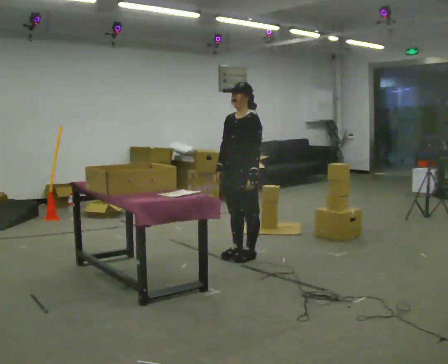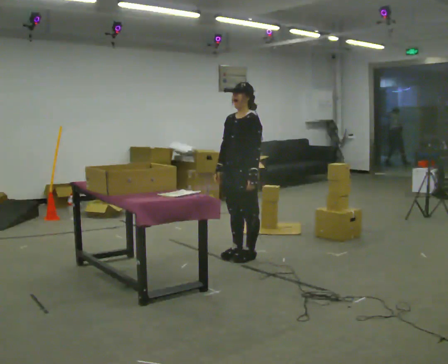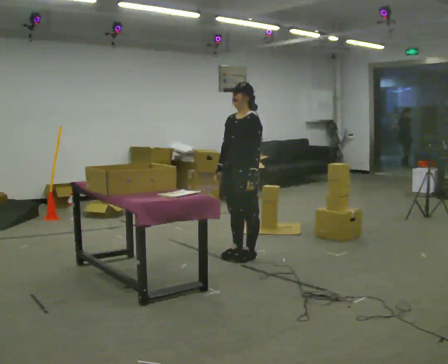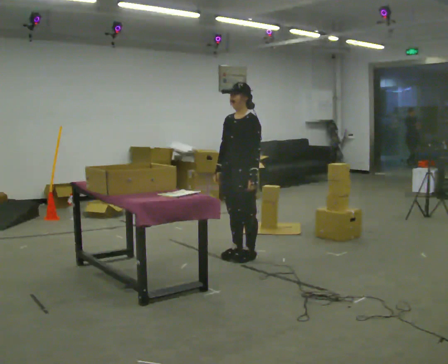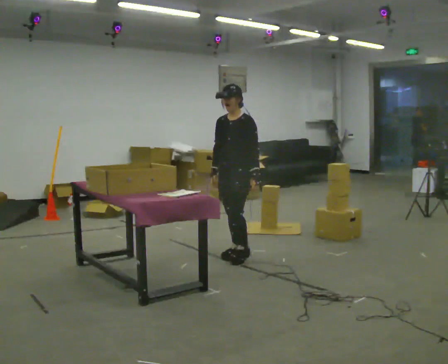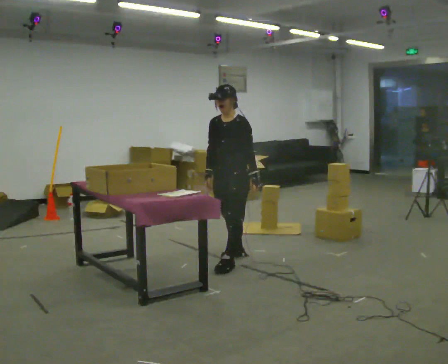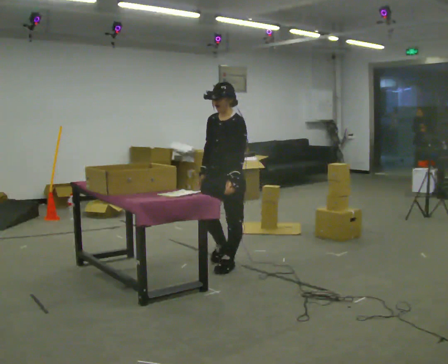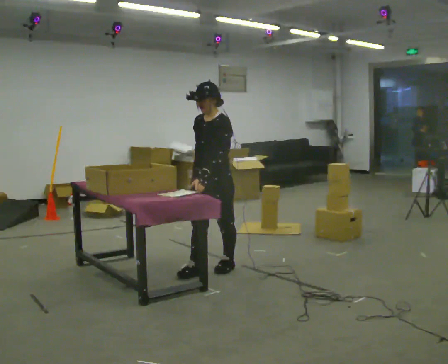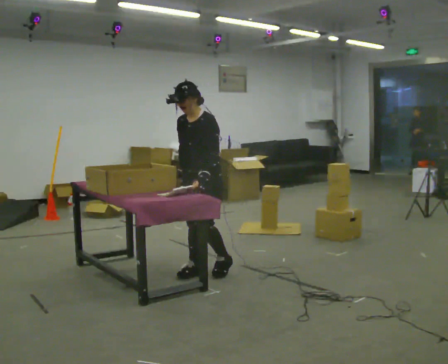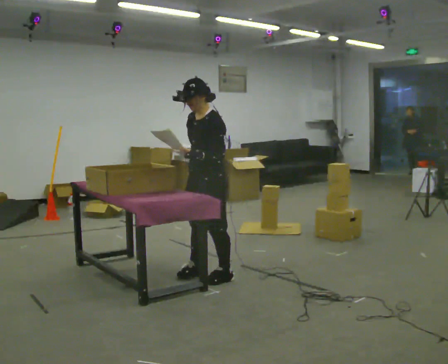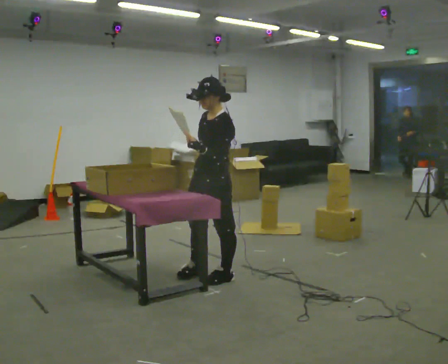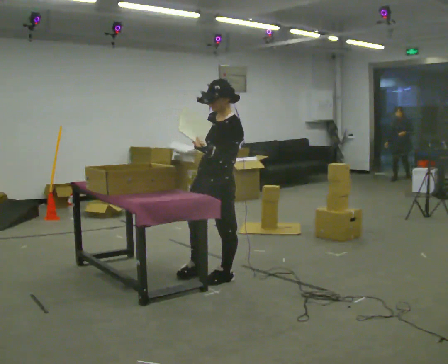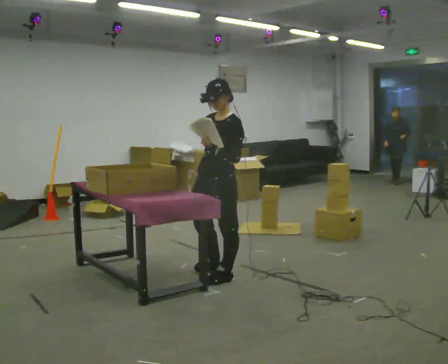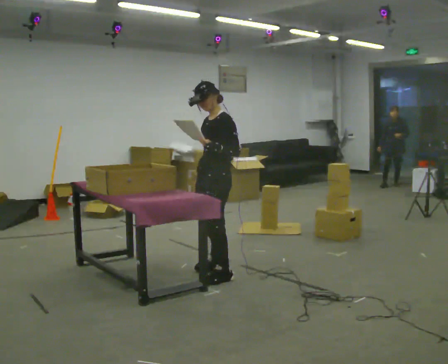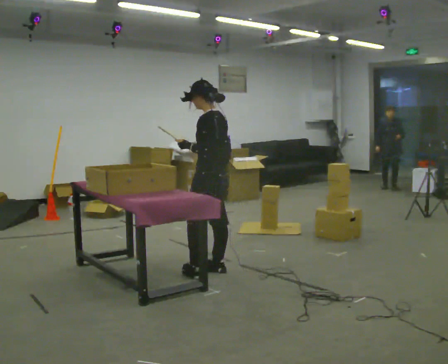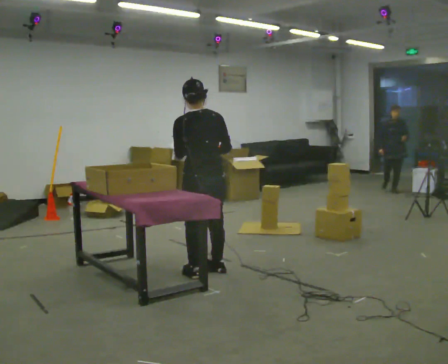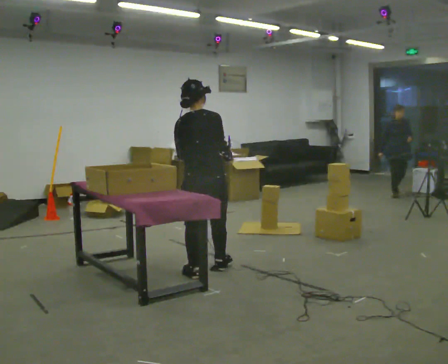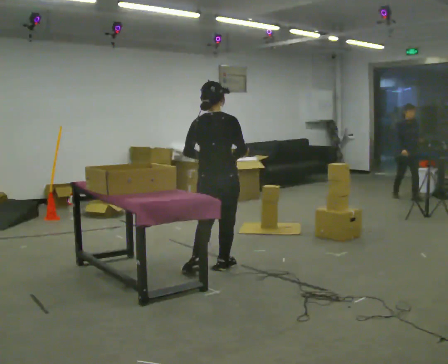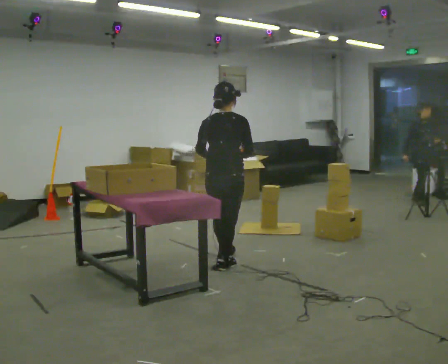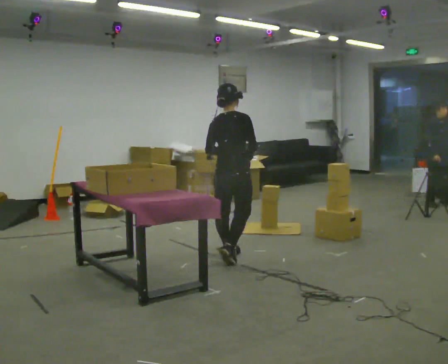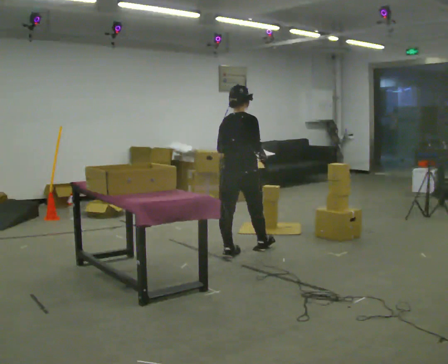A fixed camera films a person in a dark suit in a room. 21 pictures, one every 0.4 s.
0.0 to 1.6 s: The person moves a little, or ends about where they began.
1.6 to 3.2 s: In the picture they go toward the camera and to the left, about 0.5 m in 2 steps, which for them is forward.
3.2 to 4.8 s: The person moves a little, or ends about where they began.
4.8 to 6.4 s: The person turns about 135 degrees to their right, clockwise seen from above, so the part of the body nearest the lens slides to the left.
6.4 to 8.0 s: Seen from above the body turns clockwise, about 30 degrees: to their right, with its near side sliding to the left. In the picture they go away from the camera and to the right, about 0.75 m in 1 step, which for them is forward.
The film runs forward here.
